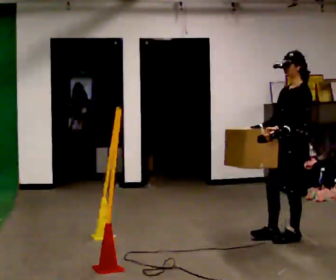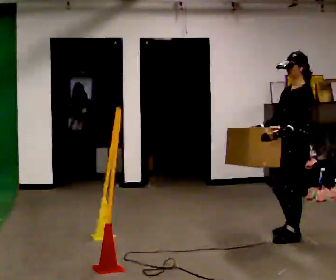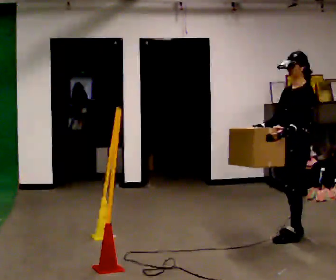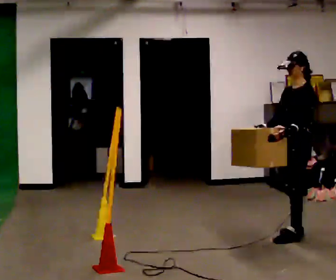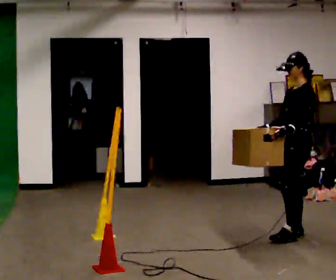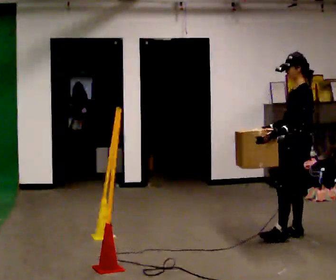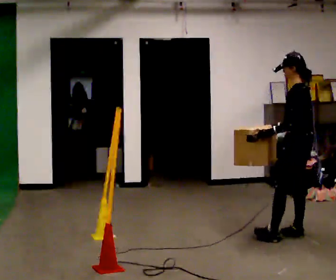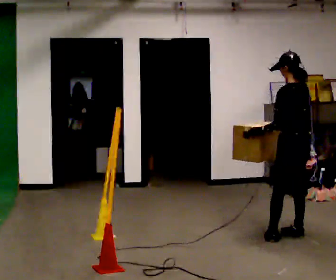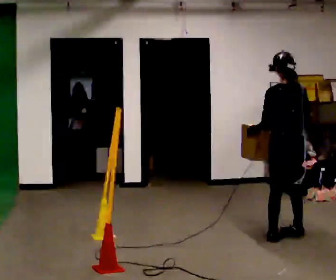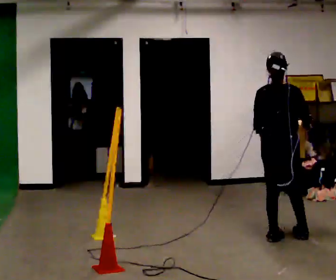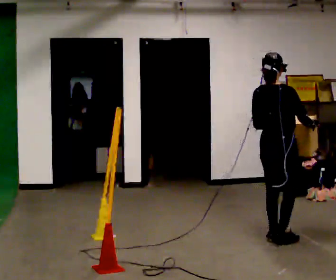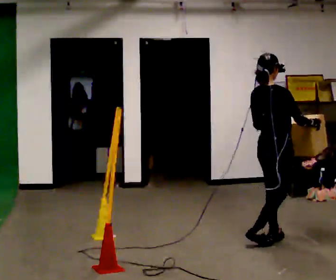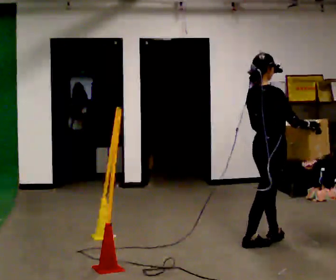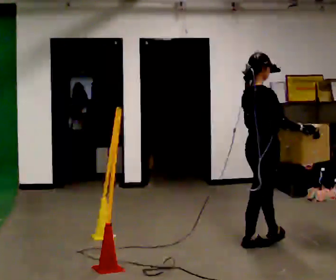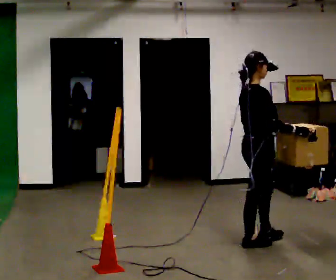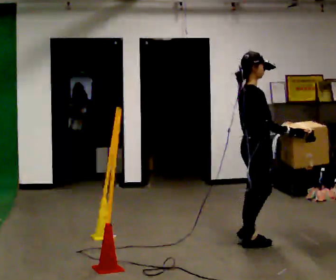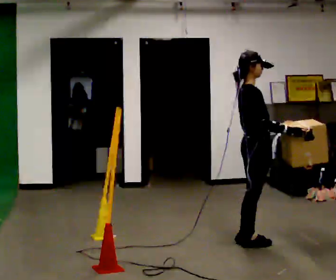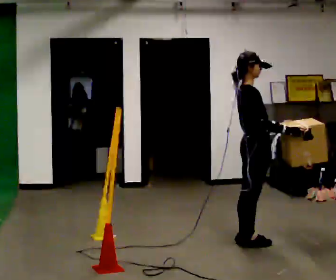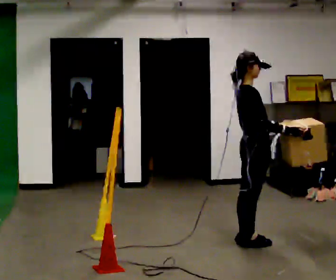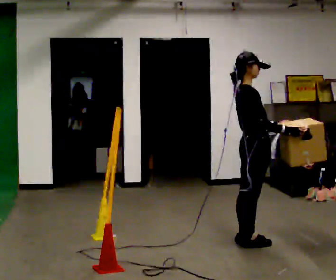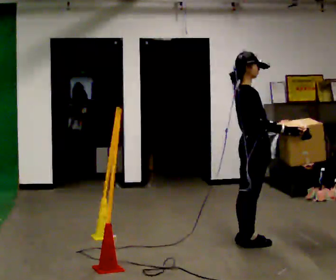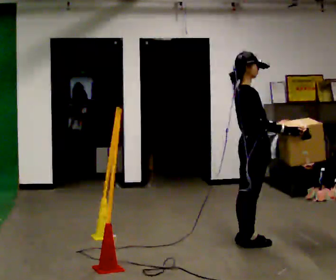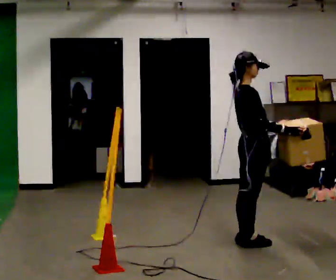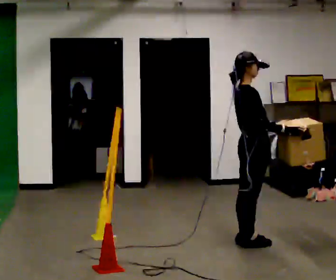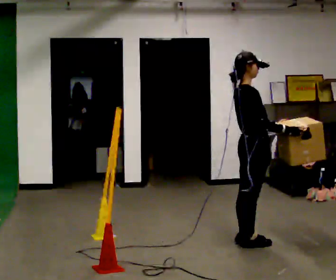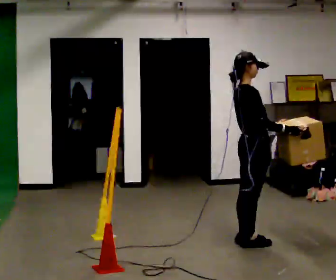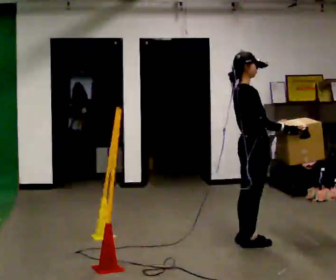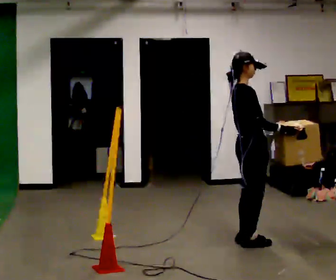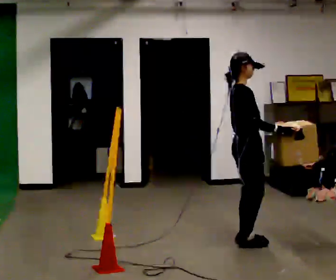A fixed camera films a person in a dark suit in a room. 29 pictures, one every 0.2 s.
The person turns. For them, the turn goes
to their right.
Their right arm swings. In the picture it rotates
counterclockwise.
0.0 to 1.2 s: The part of the body nearest the lens slides to the left as the person turns to their right by about 45 degrees.
1.2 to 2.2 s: The person turns about 120 degrees to their right, clockwise seen from above, so the part of the body nearest the lens slides to the left. In the picture they go to the left, about 0.25 m in 1 step.
2.2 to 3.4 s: Seen from above the body turns clockwise, about 30 degrees: to their right, with its near side sliding to the left. In the picture they go to the left, about 0.25 m in 1 step, which for them is backward.
3.4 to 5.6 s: The person moves a little, or ends about where they began.
The film runs backward here.
